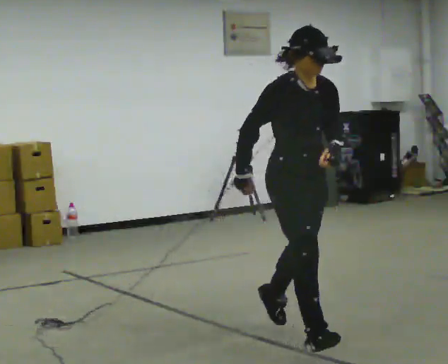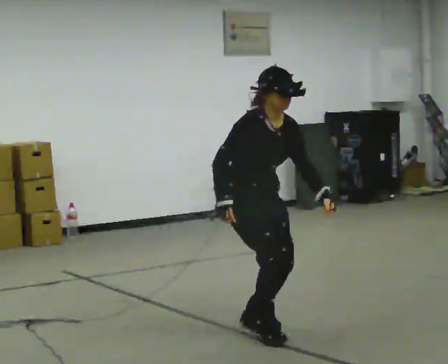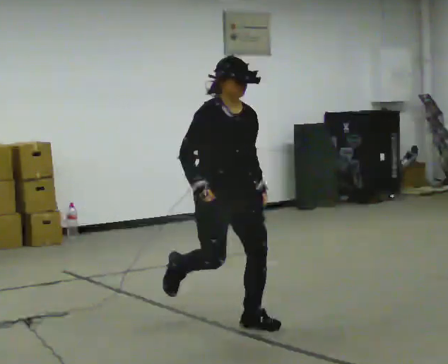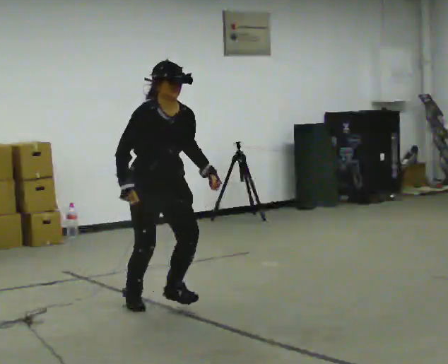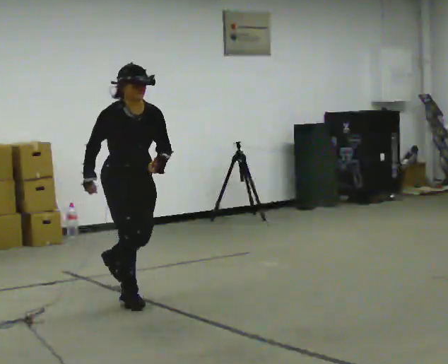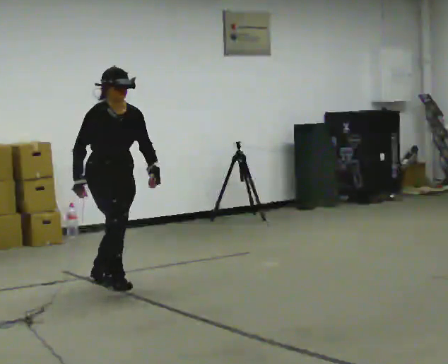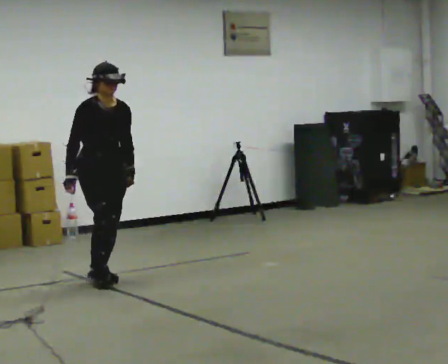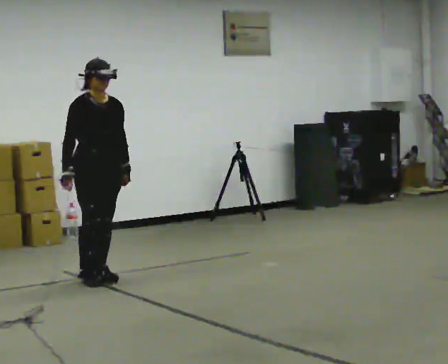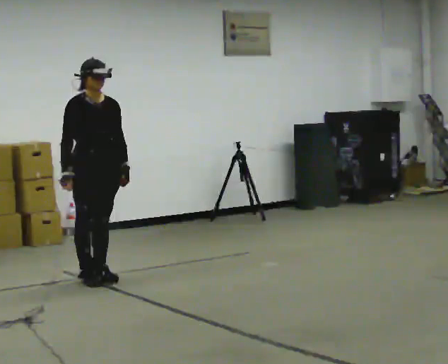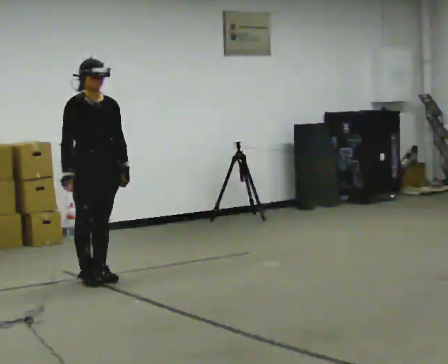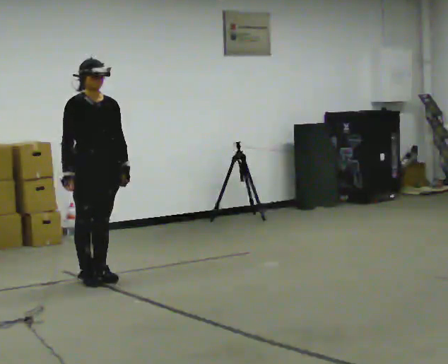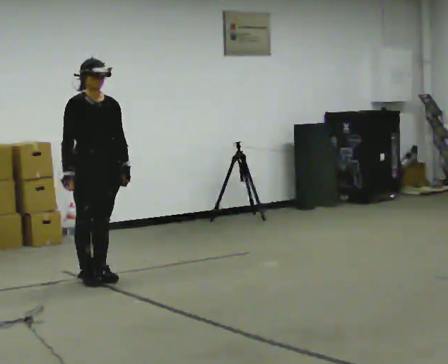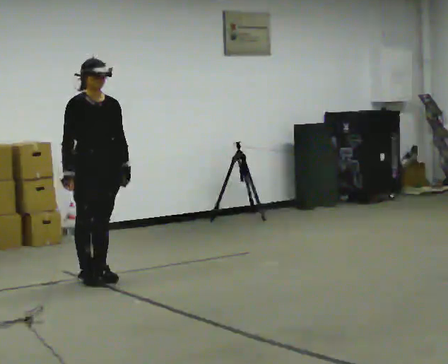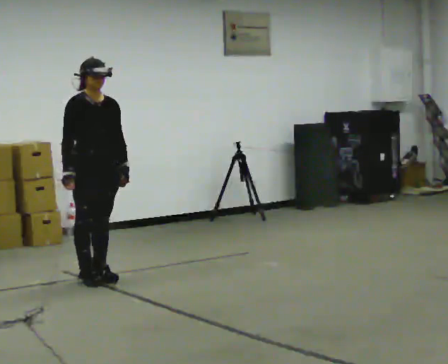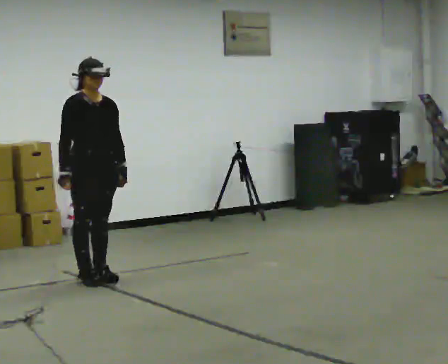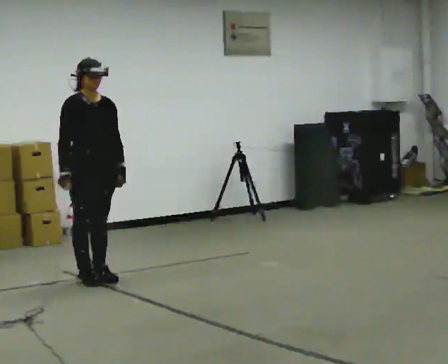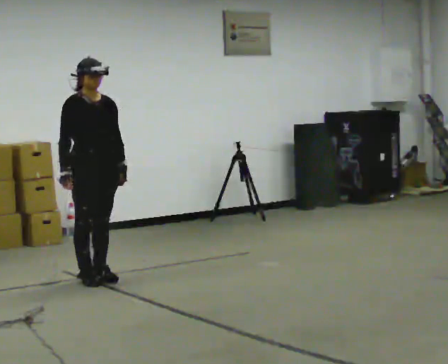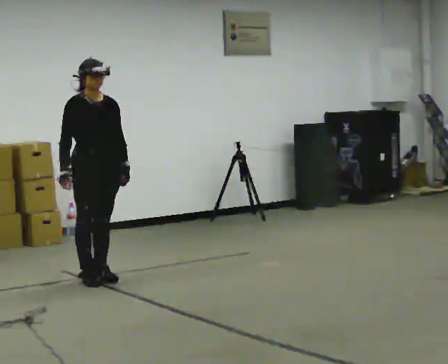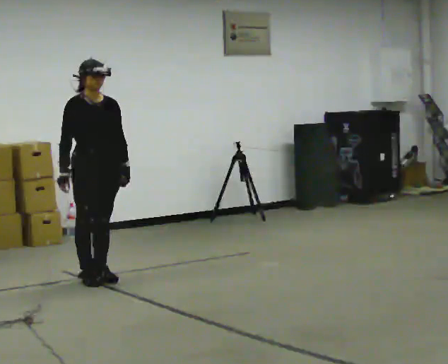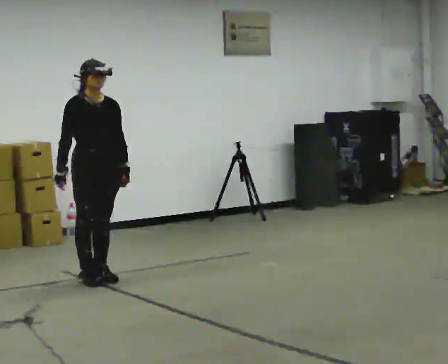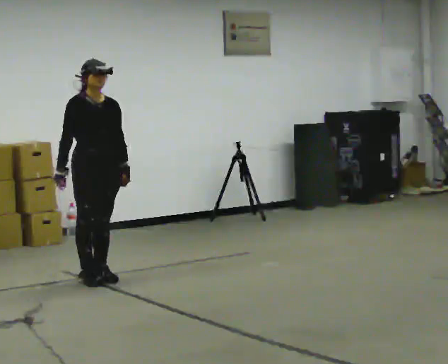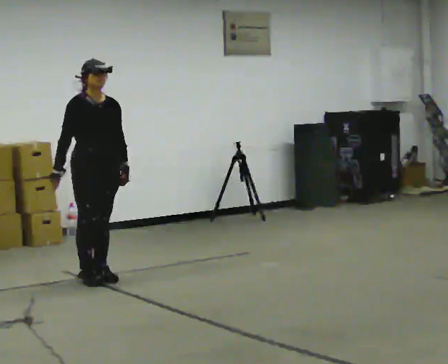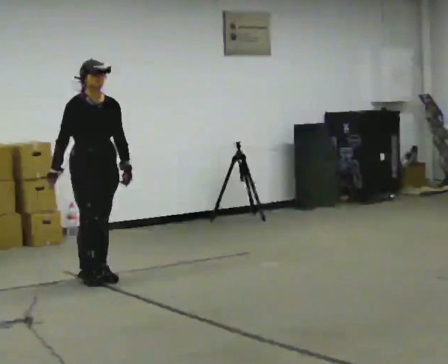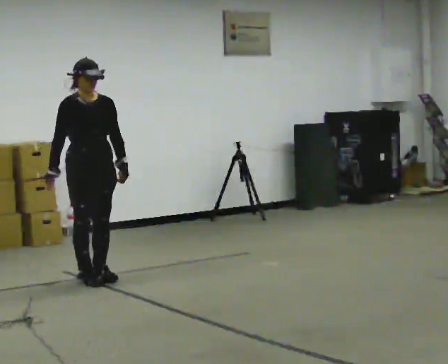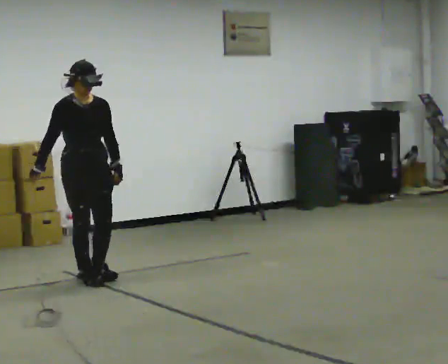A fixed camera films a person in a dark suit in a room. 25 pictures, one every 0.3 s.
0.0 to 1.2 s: In the picture they go away from the camera and to the left, about 1.5 m in 1 step, which for them is backward.
1.2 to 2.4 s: In the picture they go away from the camera, about 0.75 m in 1 step, which for them is backward. The upper body tips away from the camera, its near side rolling upward, as they lean back or straighten.
2.4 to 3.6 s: The person keeps their place and pose.
3.6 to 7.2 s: The person moves a little, or ends about where they began.
The film runs backward here.
